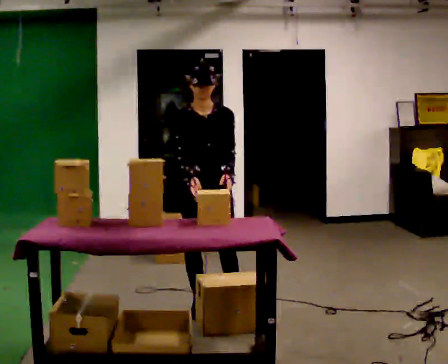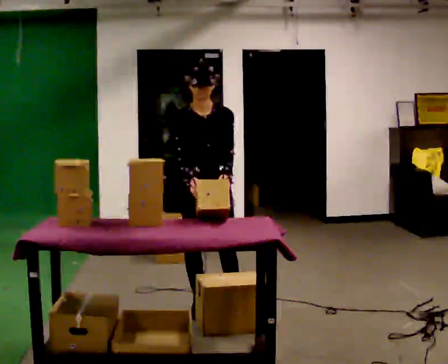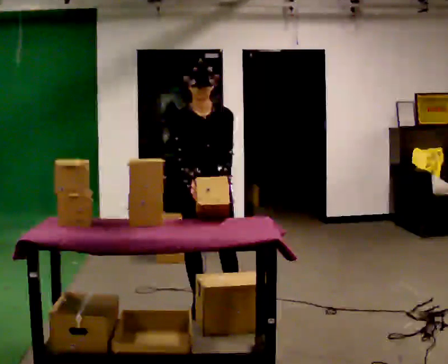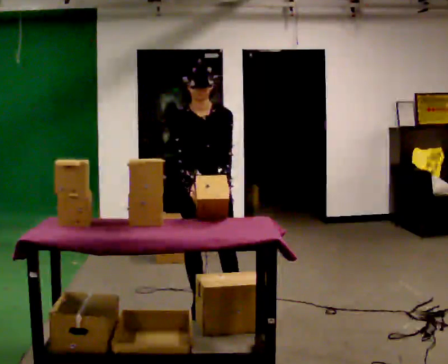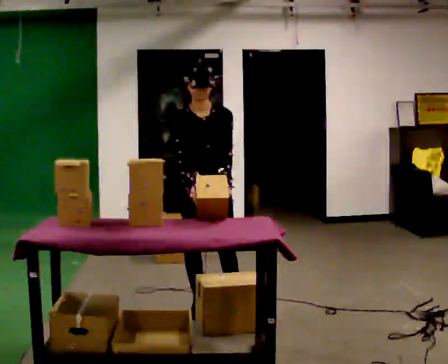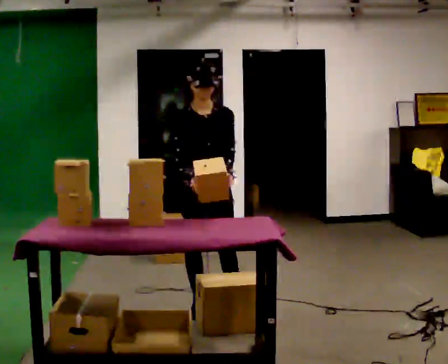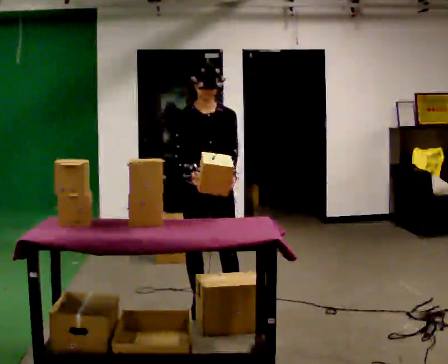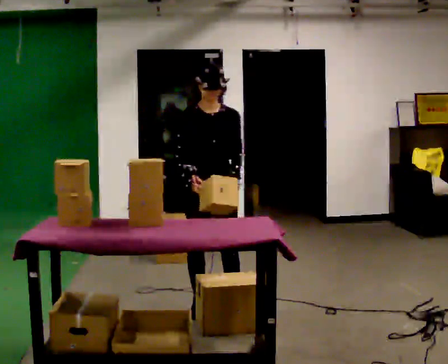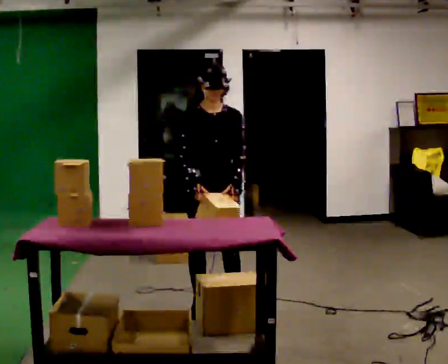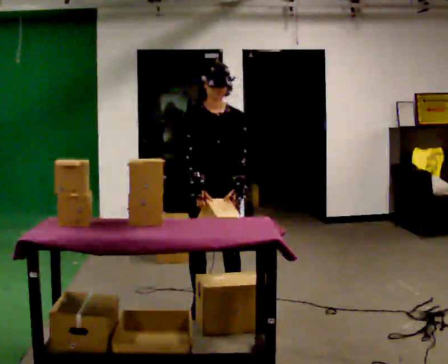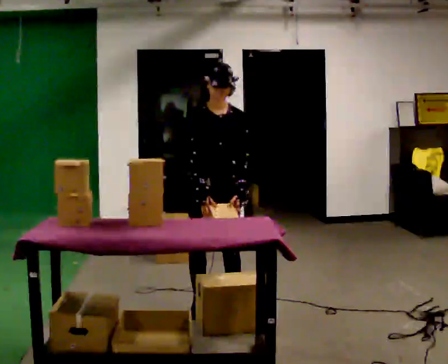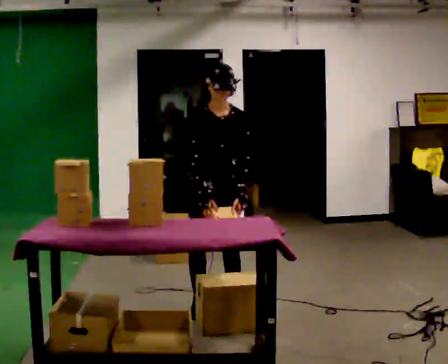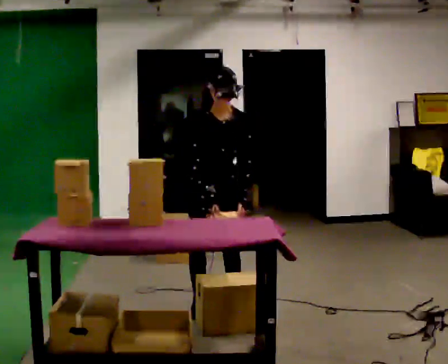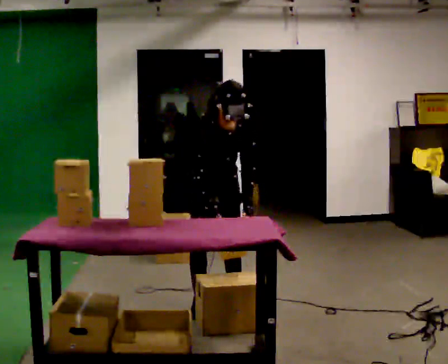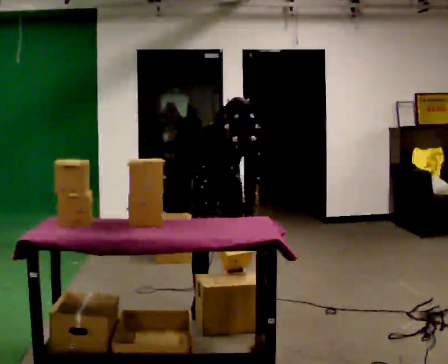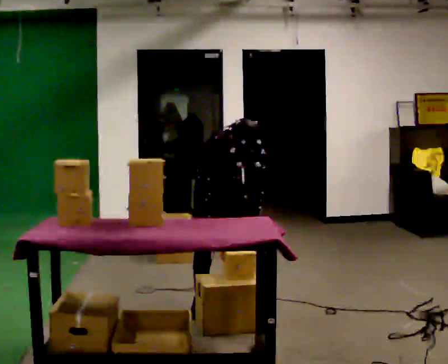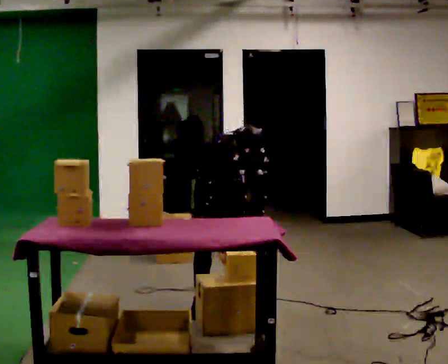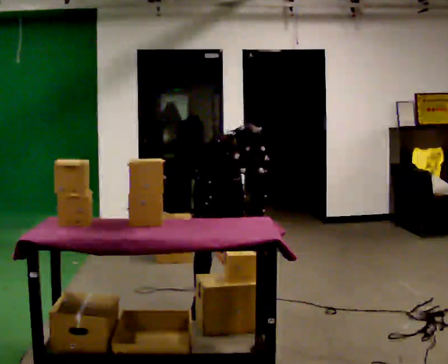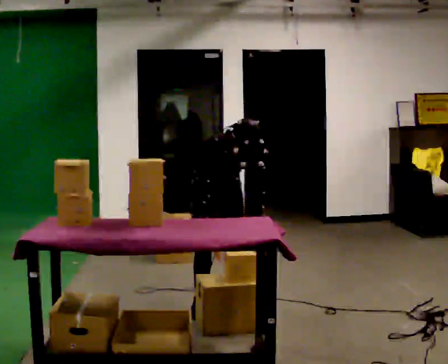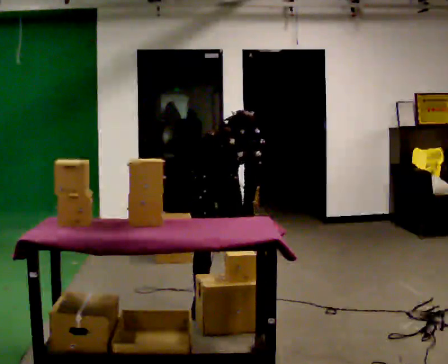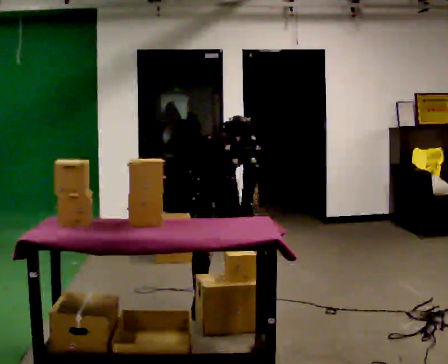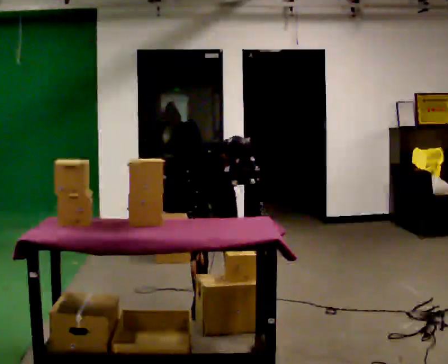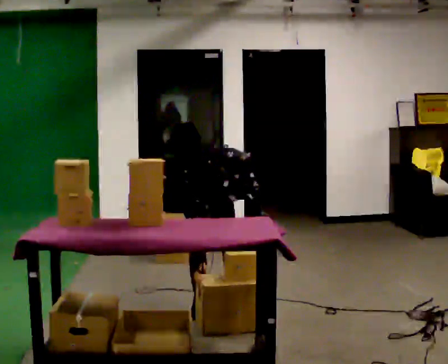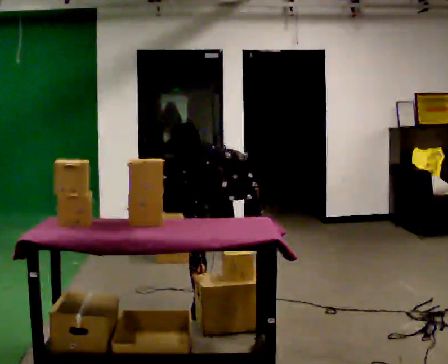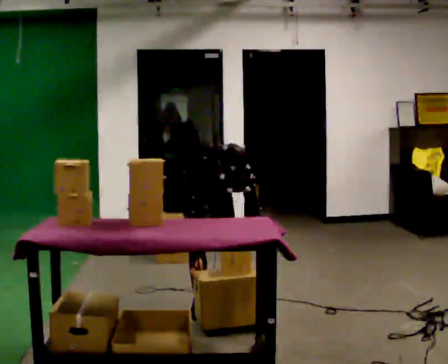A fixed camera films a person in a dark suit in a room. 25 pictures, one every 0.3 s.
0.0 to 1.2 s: The person moves a little, or ends about where they began.
1.2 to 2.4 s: The upper body tips away from the camera, its near side rolling upward, as they lean back or straighten.
2.4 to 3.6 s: The upper body tips toward the camera, its near side rolling downward, as they bend forward.
3.6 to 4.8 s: The shoulders move downward. The upper body tips toward the camera, its near side rolling downward, as they bend forward.
4.8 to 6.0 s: The person moves a little, or ends about where they began.
6.0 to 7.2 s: The upper body tips toward the camera, its near side rolling downward, as they bend forward.
The film runs backward here.
